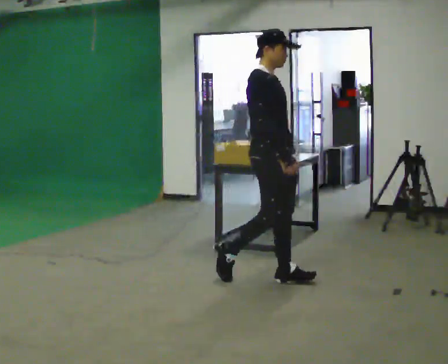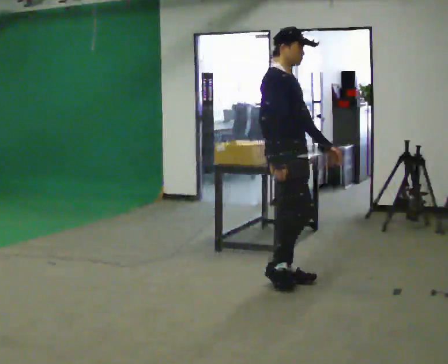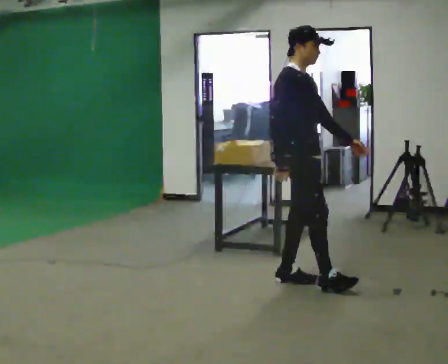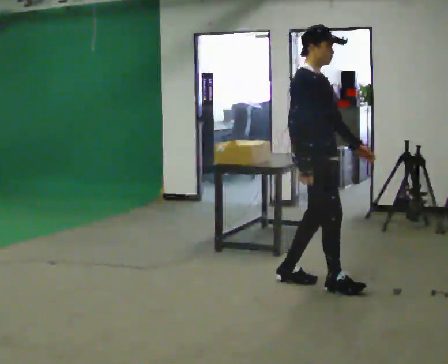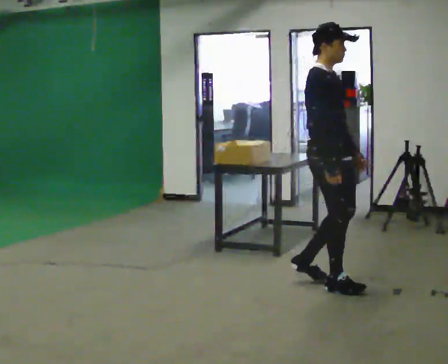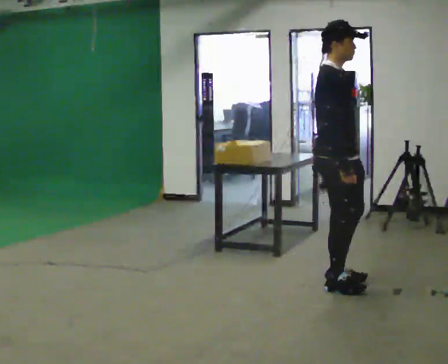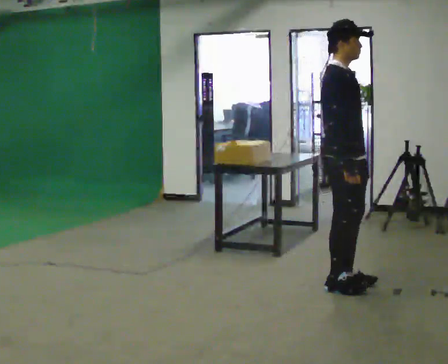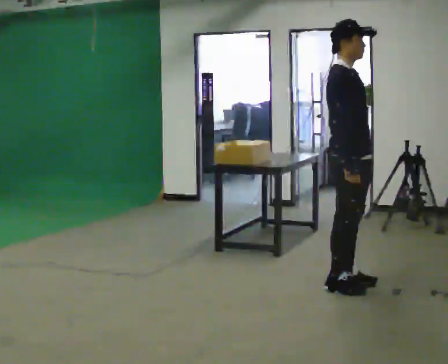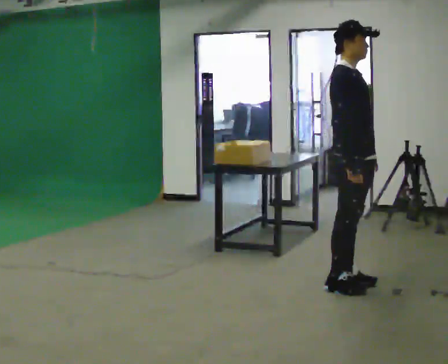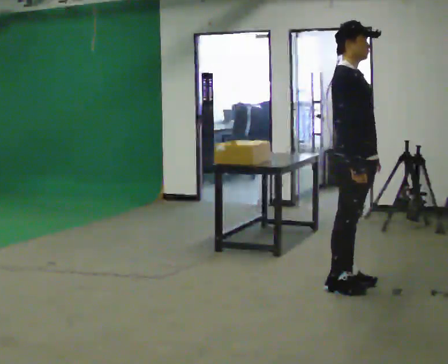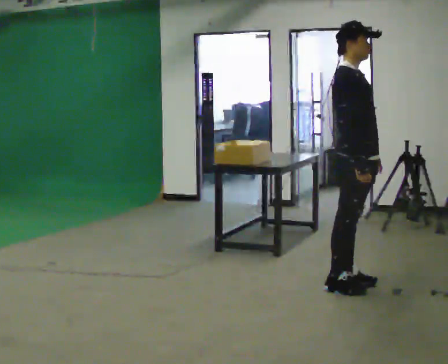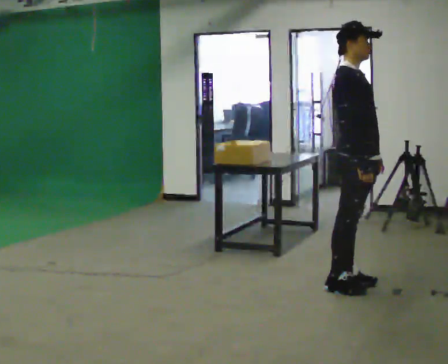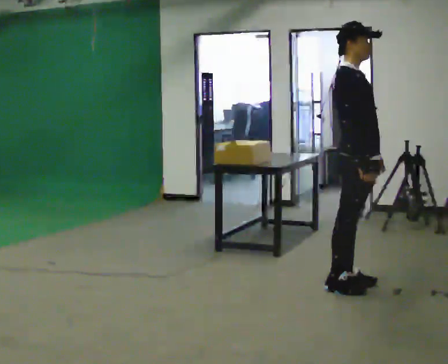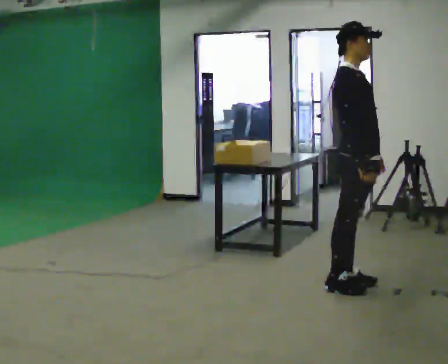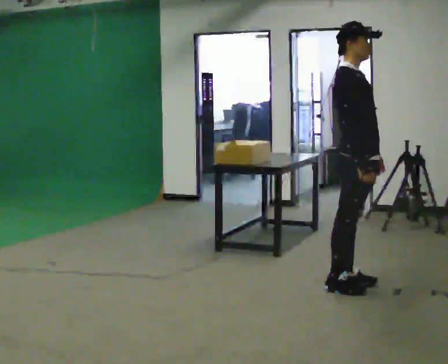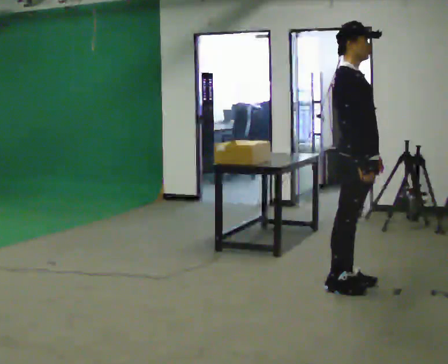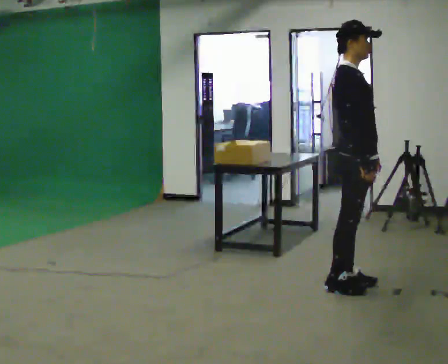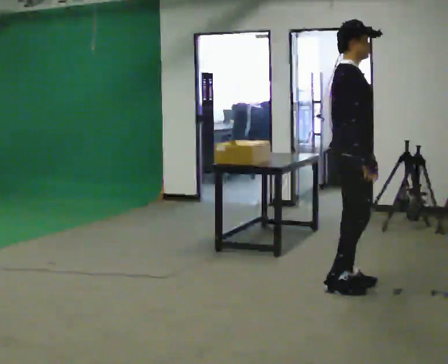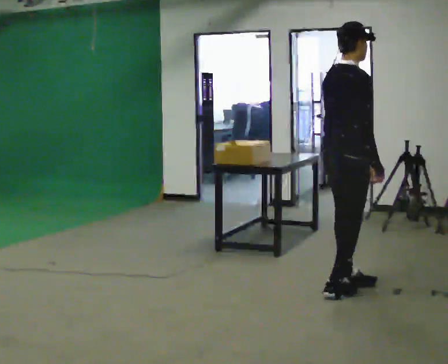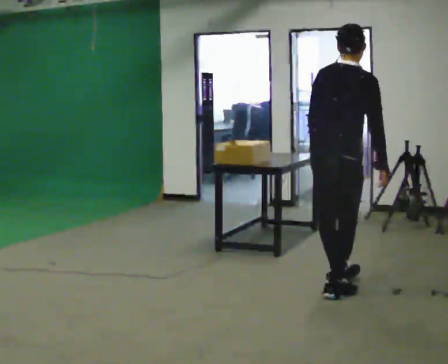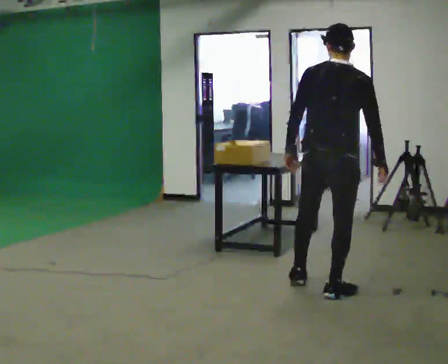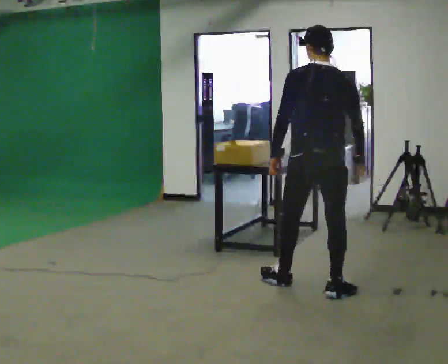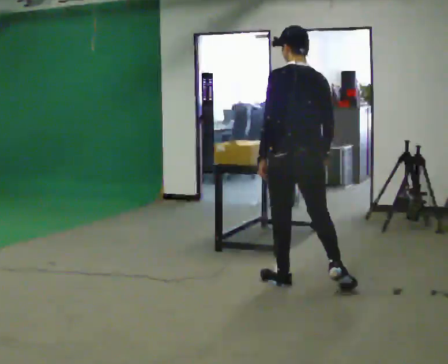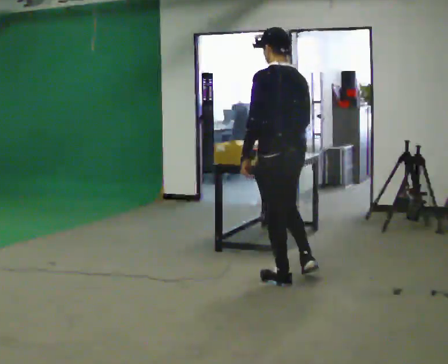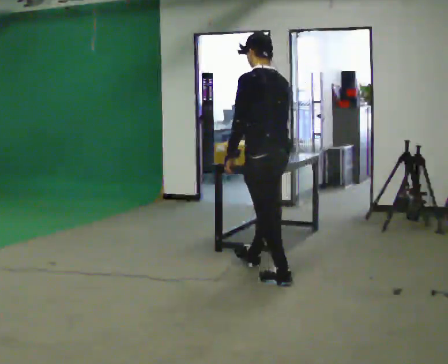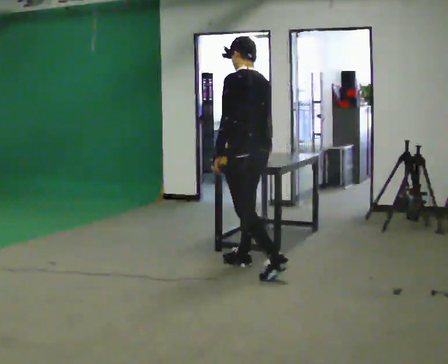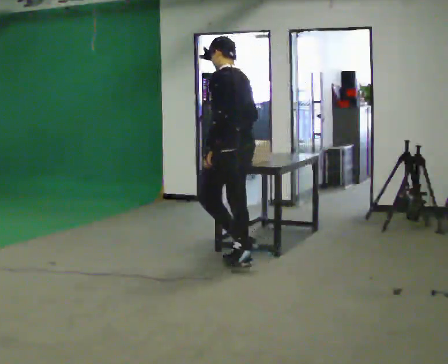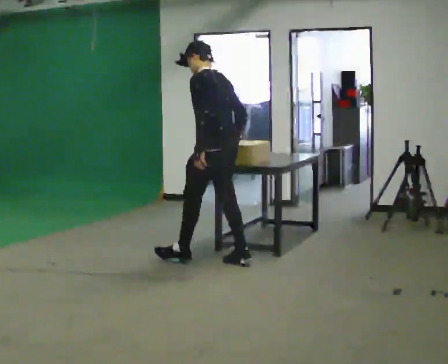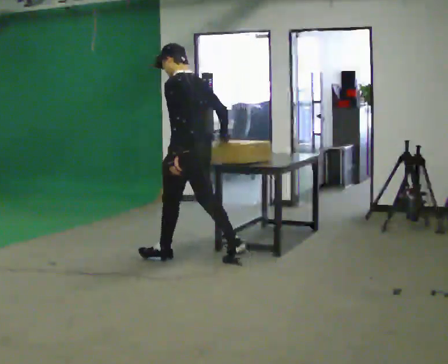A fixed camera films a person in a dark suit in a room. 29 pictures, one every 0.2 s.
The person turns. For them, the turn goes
to their left.
The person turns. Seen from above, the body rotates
counterclockwise.
0.0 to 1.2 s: In the picture they go to the right, about 0.5 m in 2 steps, which for them is forward.
1.2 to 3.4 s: The person moves a little, or ends about where they began.
3.4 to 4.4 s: The part of the body nearest the lens slides to the right as the person turns to their left by about 105 degrees. In the picture they go to the left, about 0.25 m in 2 steps.
4.4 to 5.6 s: The person turns about 30 degrees to their left, counterclockwise seen from above, so the part of the body nearest the lens slides to the right. In the picture they go to the left and away from the camera, about 1 m in 2 steps, which for them is forward.
The film runs forward here.
